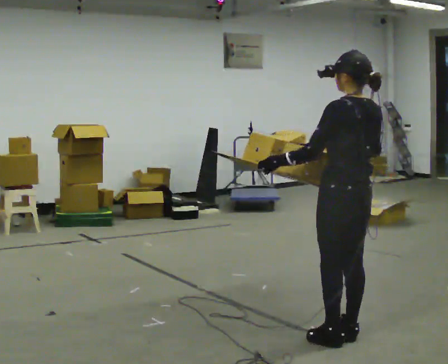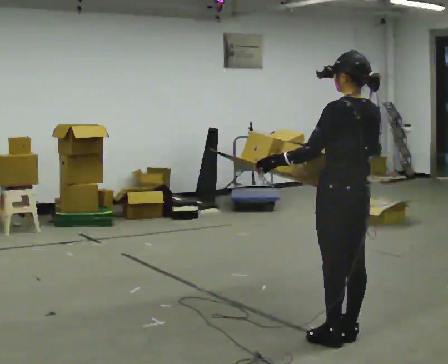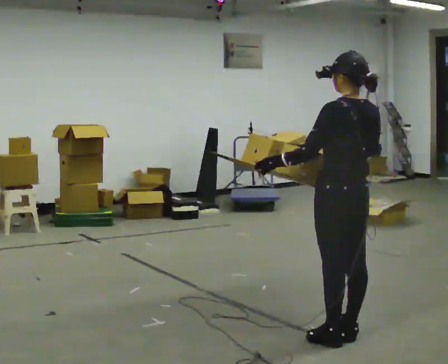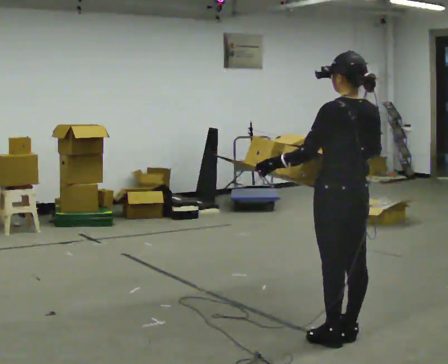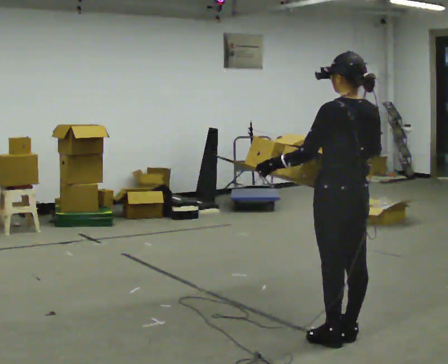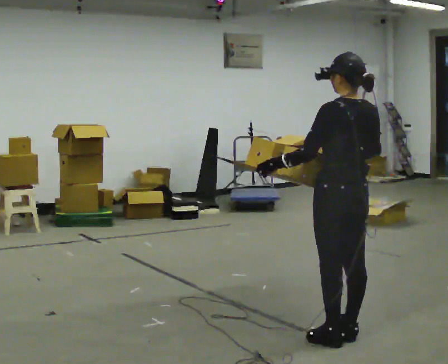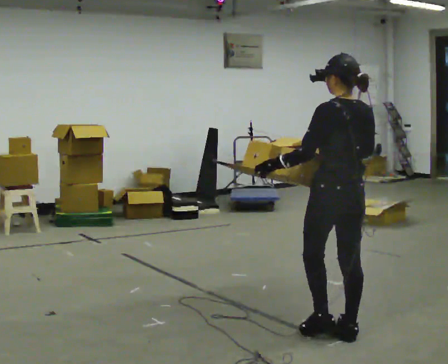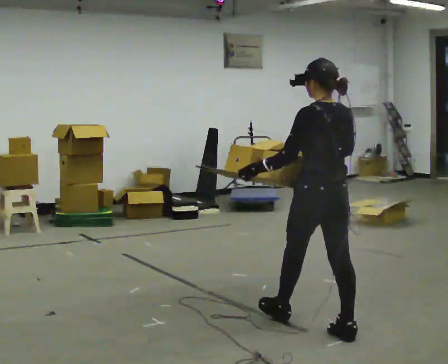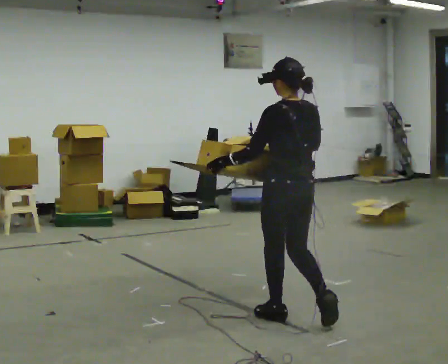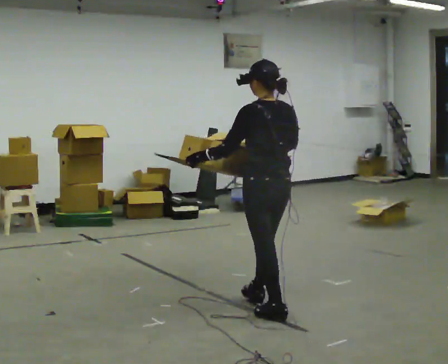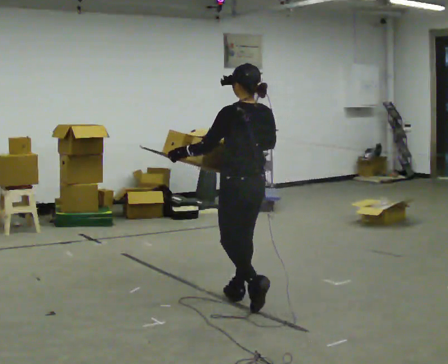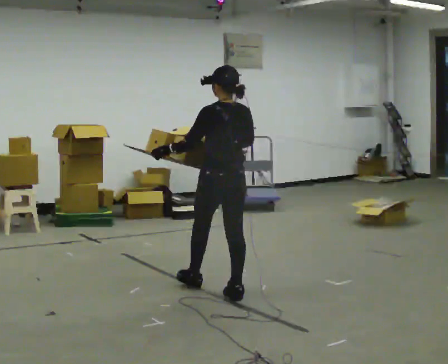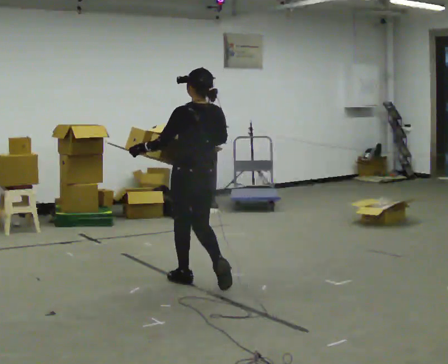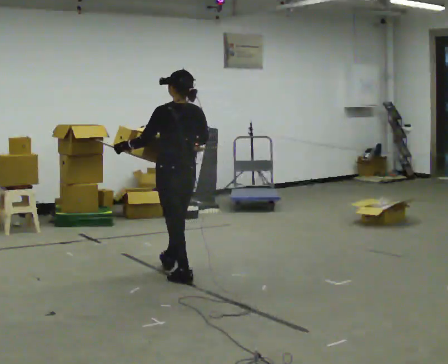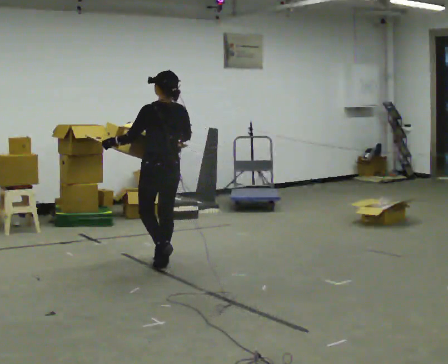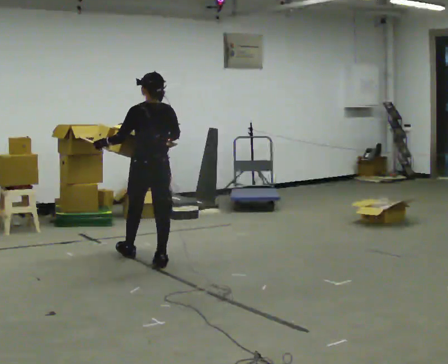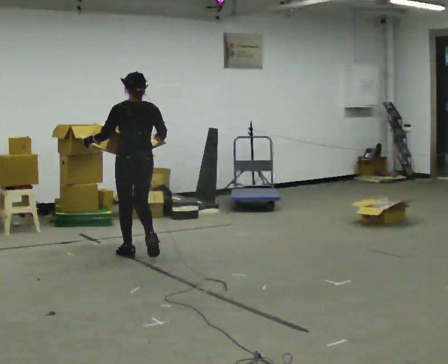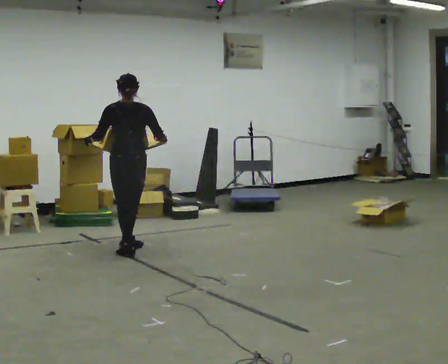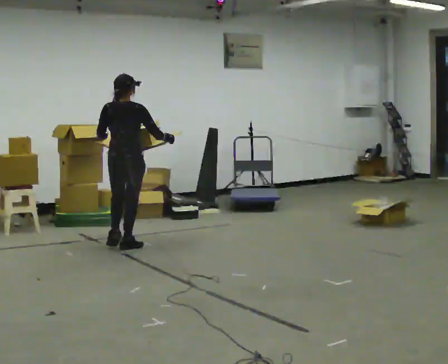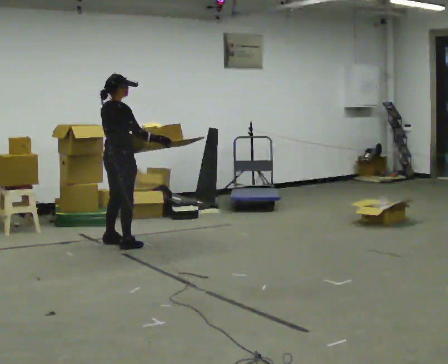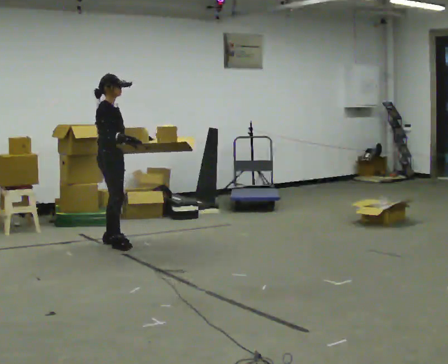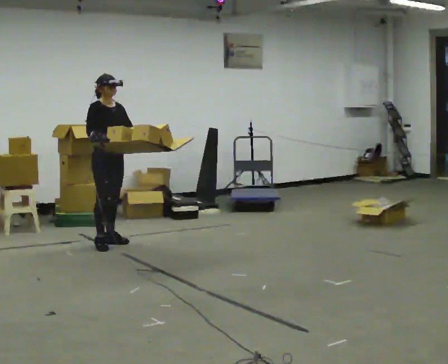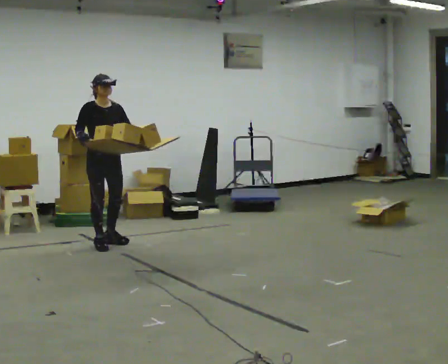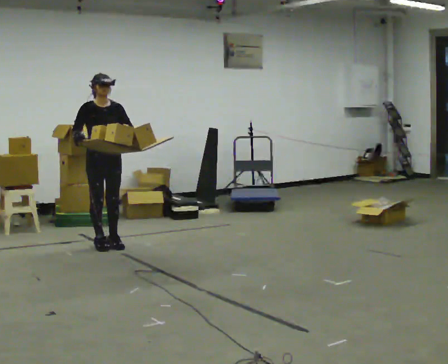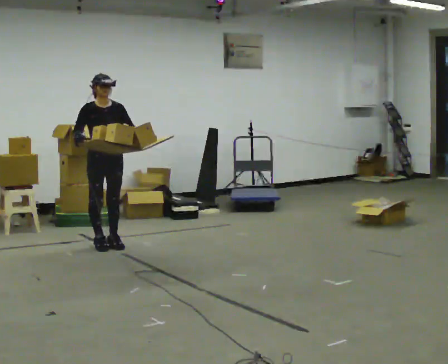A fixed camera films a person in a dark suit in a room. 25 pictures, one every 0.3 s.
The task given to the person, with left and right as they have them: Carry the loaded tray flat and level in both hands, walking back and forth across the room. Try not to let anything slide off.
0.0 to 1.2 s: The person moves a little, or ends about where they began.
1.2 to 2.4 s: In the picture they go away from the camera and to the left, about 0.5 m in 1 step, which for them is forward.
2.4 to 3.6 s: In the picture they go away from the camera and to the left, about 1 m in 2 steps, which for them is forward.
3.6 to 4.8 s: In the picture they go away from the camera and to the left, about 1 m in 2 steps, which for them is forward.
4.8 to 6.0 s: Seen from above the body turns clockwise, about 120 degrees: to their right, with its near side sliding to the left. In the picture they go away from the camera and to the left, about 0.5 m in 2 steps.
6.0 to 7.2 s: The part of the body nearest the lens slides to the left as the person turns to their right by about 45 degrees.
The film runs forward here.
